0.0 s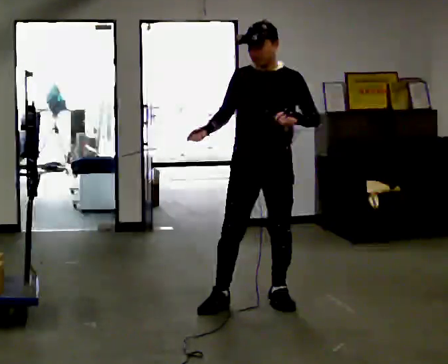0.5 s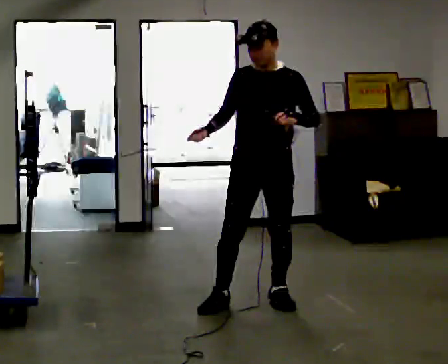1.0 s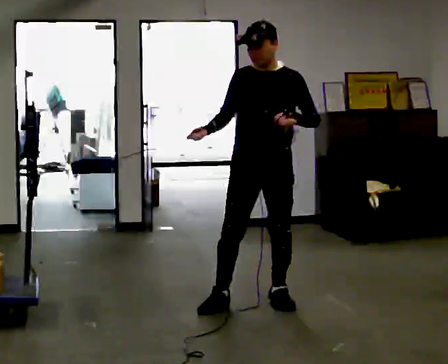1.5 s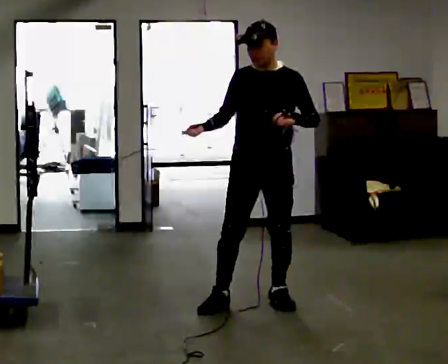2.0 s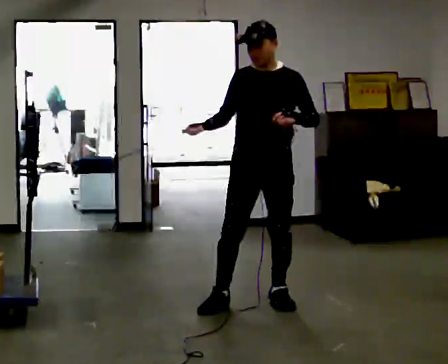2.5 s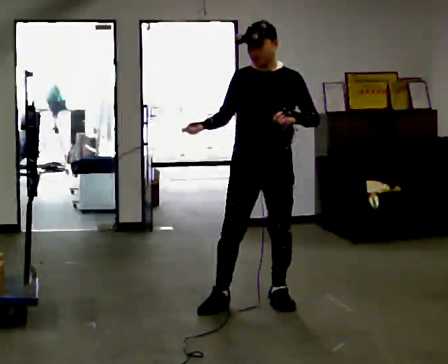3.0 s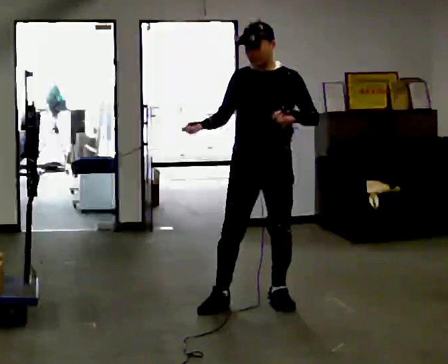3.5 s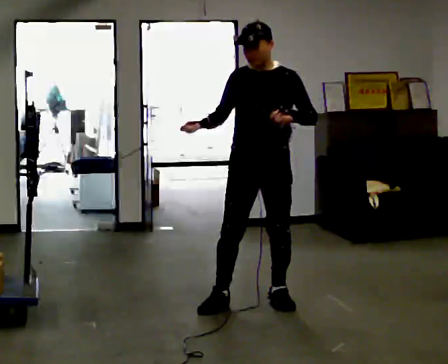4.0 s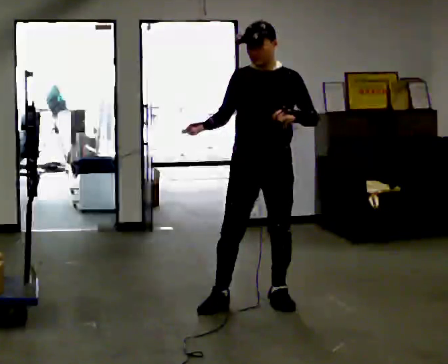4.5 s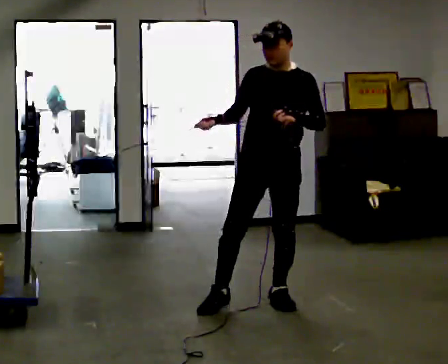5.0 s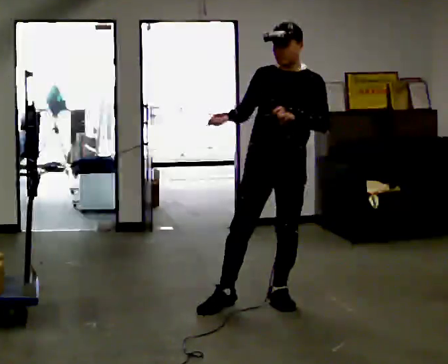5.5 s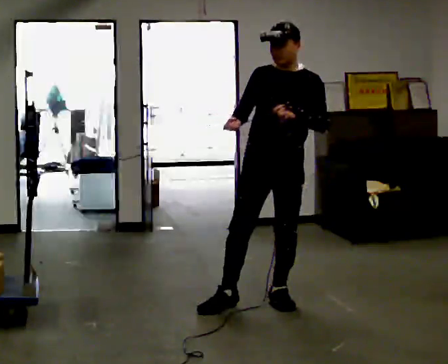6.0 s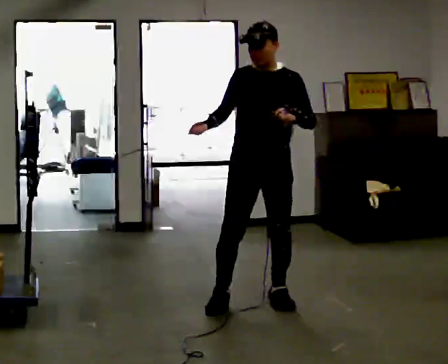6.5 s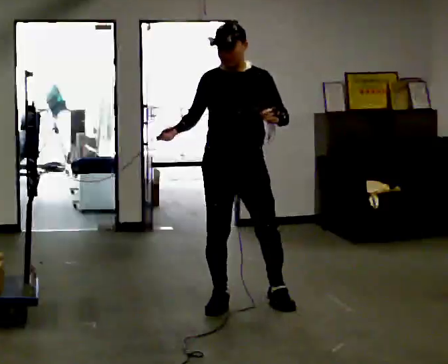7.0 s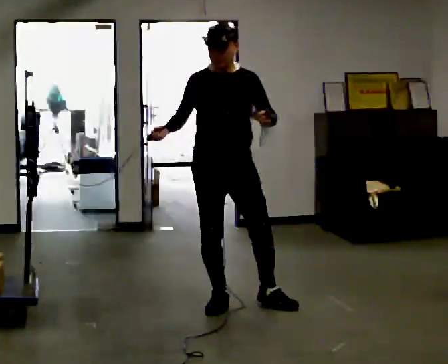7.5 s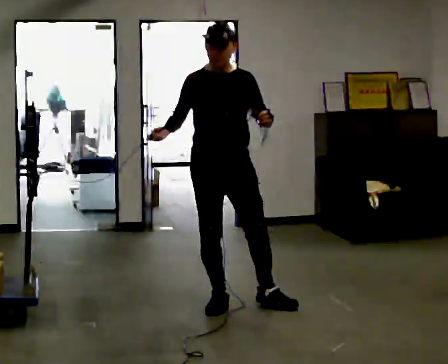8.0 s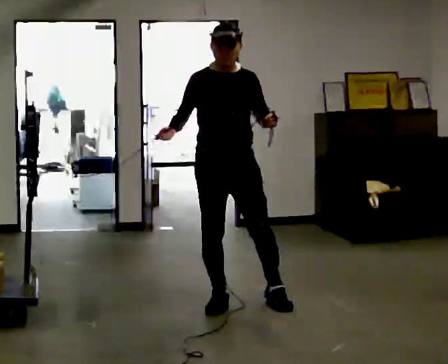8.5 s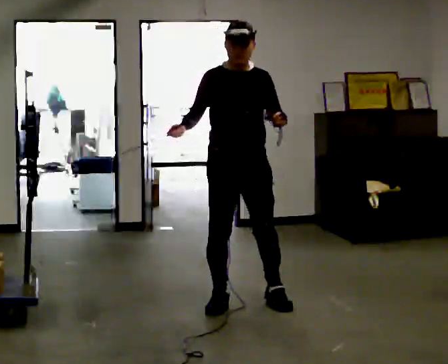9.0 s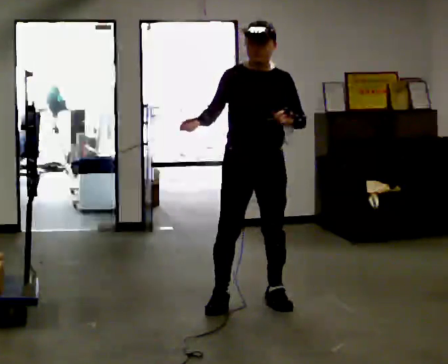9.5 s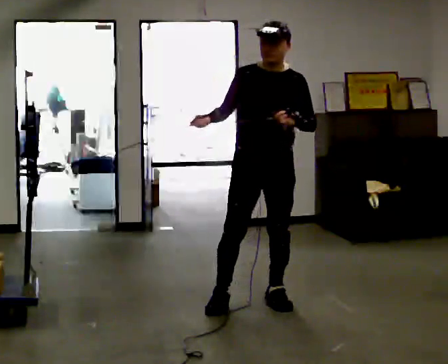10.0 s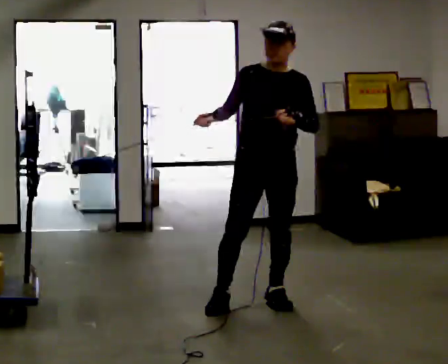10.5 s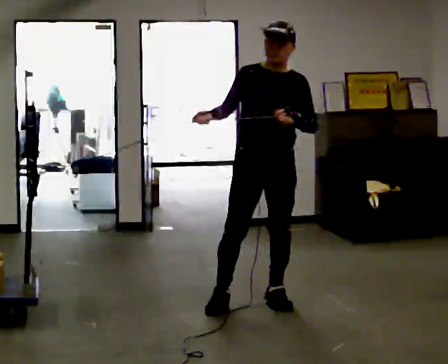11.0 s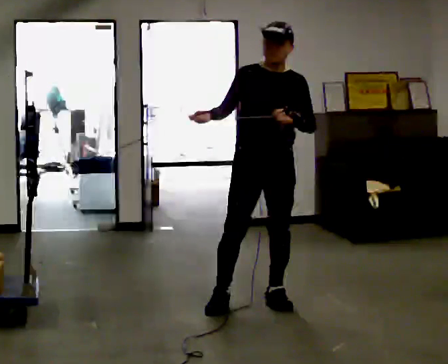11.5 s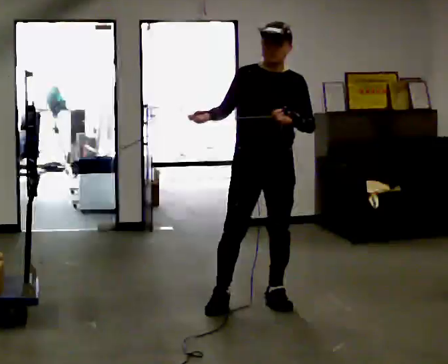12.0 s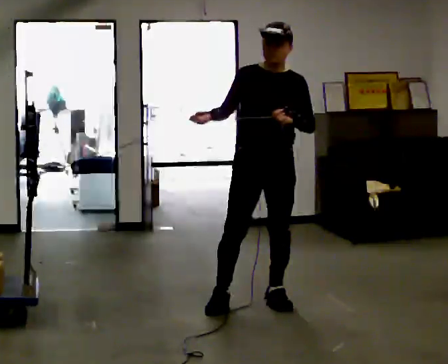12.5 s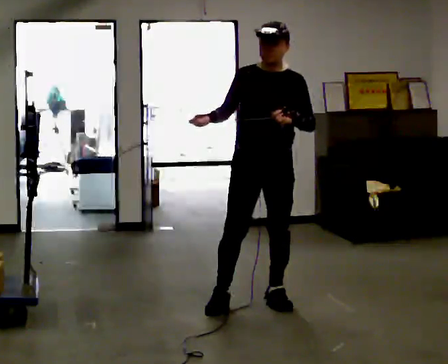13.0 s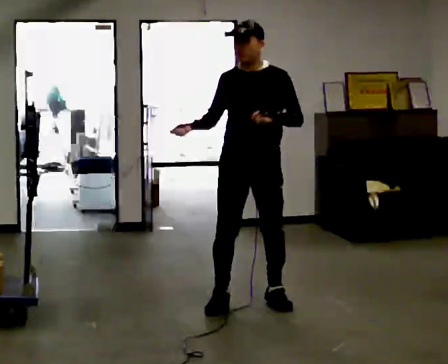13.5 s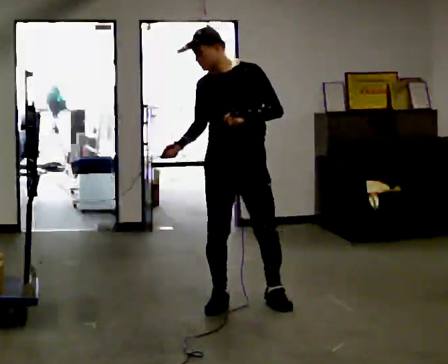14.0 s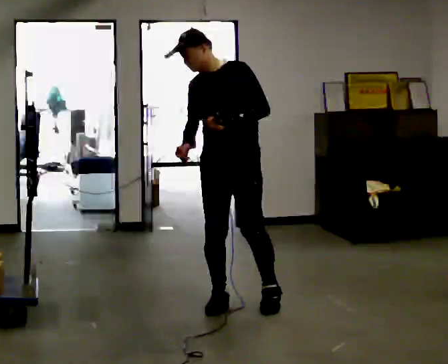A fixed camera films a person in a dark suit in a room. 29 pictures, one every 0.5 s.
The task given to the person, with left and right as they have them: Hold the rope on the loaded pallet and pull as hard as is comfortable for a few seconds, then relax. The operator will log the load and the peak reading on the scale for every take.
0.0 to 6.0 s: The person moves a little, or ends about where they began.
6.0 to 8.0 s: In the picture they go to the left, about 0.25 m, which for them is to their right.
8.0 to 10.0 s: In the picture they go to the right, about 0.25 m, which for them is to their left.
10.0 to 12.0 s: The person moves a little, or ends about where they began.
12.0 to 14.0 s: The person turns about 30 degrees to their right, clockwise seen from above, so the part of the body nearest the lens slides to the left. In the picture they go to the left, about 0.25 m, which for them is to their right. In the picture the upper body tilts counterclockwise, shoulders to the left.
The film runs forward here.
